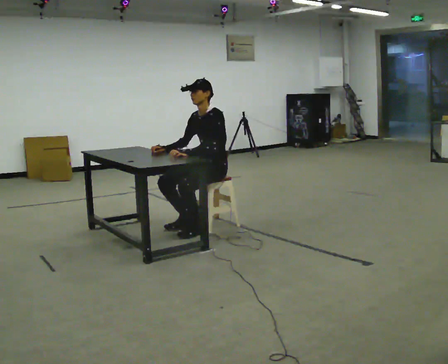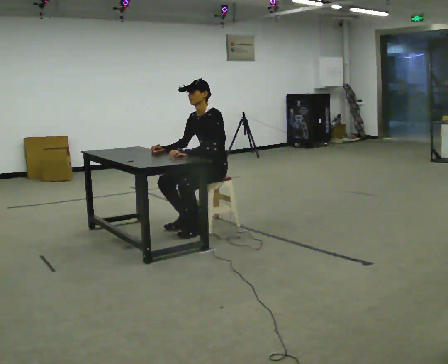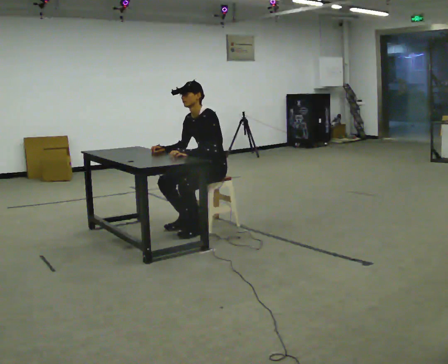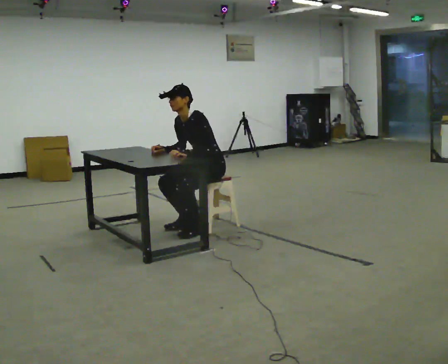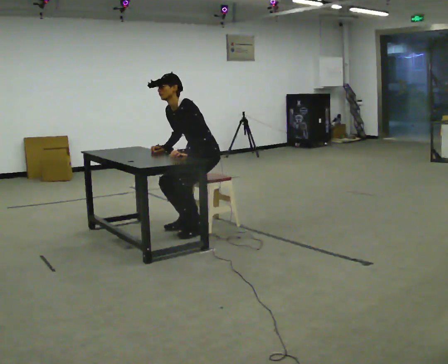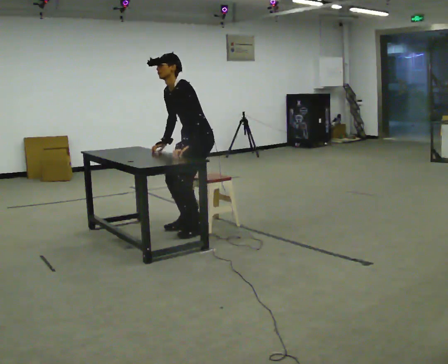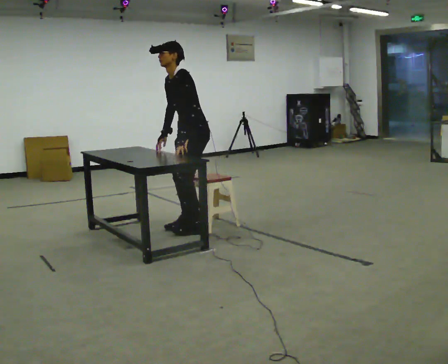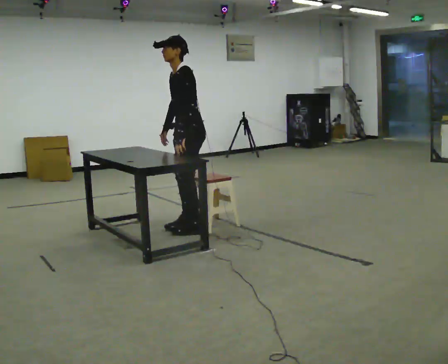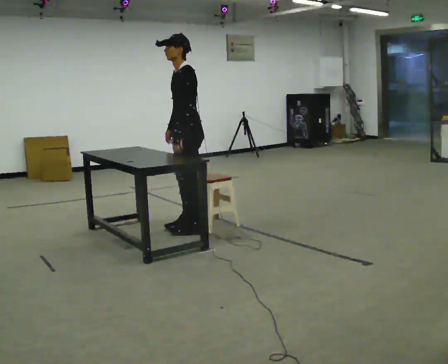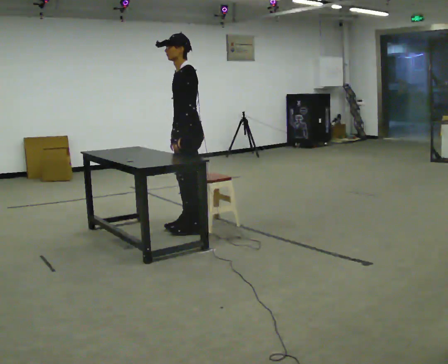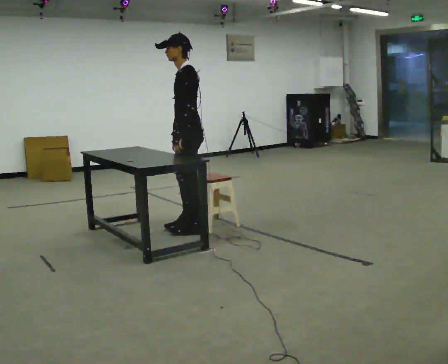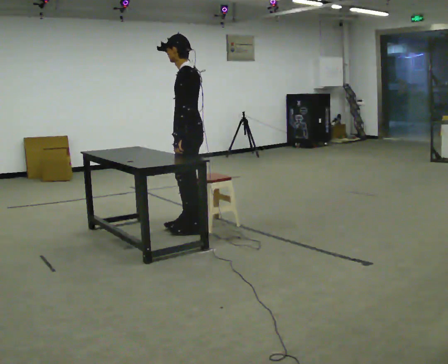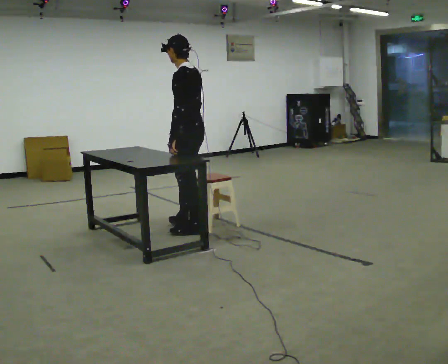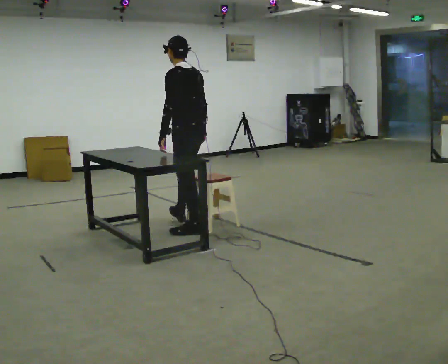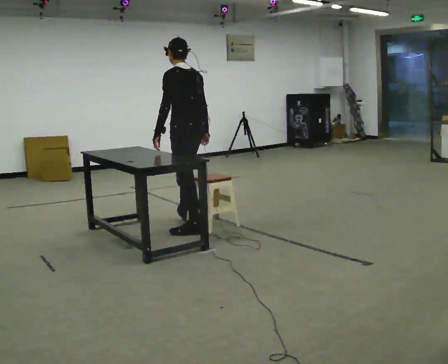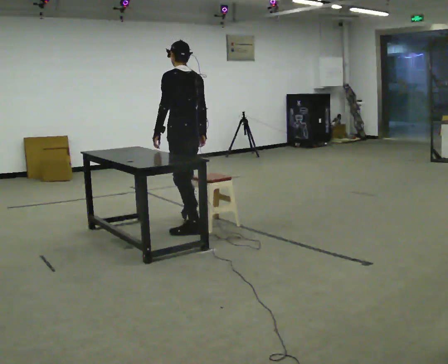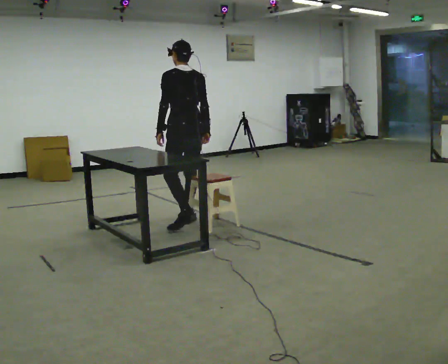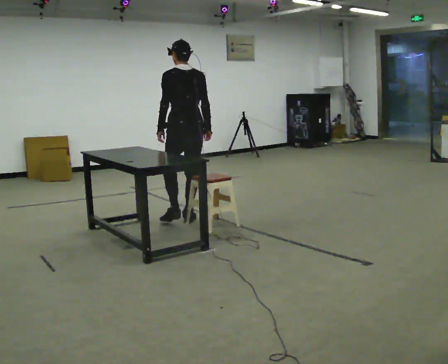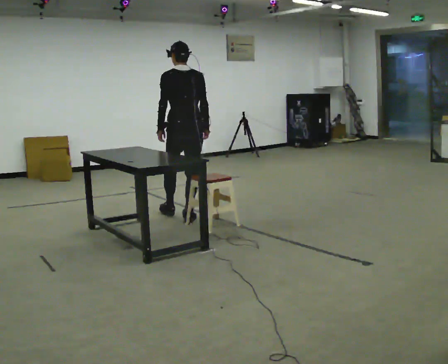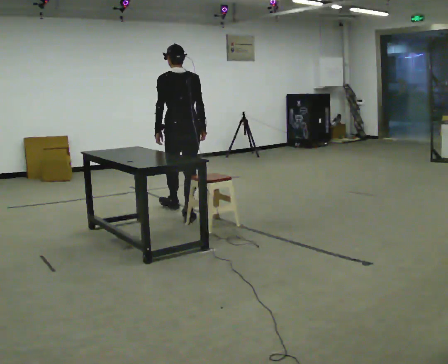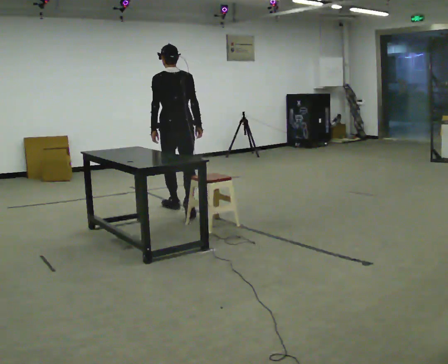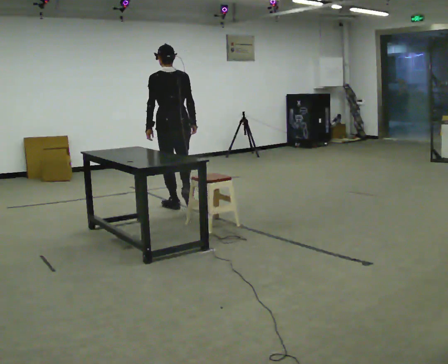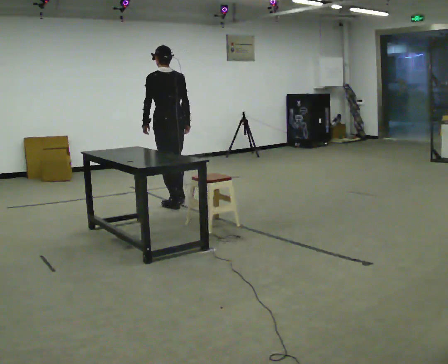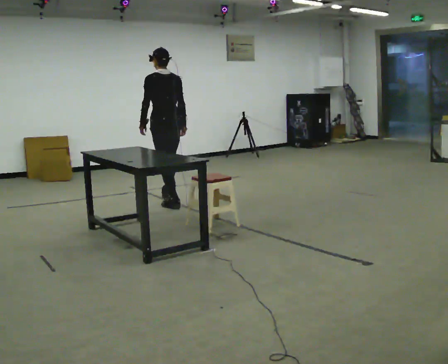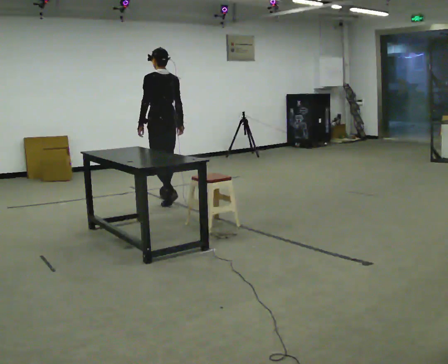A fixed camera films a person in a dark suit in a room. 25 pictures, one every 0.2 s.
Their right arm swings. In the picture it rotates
counterclockwise.
The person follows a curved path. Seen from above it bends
clockwise.
0.0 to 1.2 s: In the picture they go to the left, about 0.25 m, which for them is forward. The upper body goes upward.
1.2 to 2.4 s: The part of the body nearest the lens slides to the left as the person turns to their right by about 45 degrees. In the picture the upper body tilts clockwise, shoulders to the right, as they lean back or straighten.
2.4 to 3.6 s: Seen from above the body turns clockwise, about 60 degrees: to their right, with its near side sliding to the left. In the picture they go away from the camera, about 0.5 m in 1 step, which for them is forward and to their right.
3.6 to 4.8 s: In the picture they go away from the camera, about 1 m in 2 steps, which for them is forward.
The film runs forward here.
